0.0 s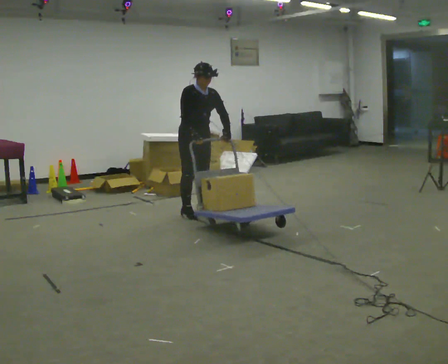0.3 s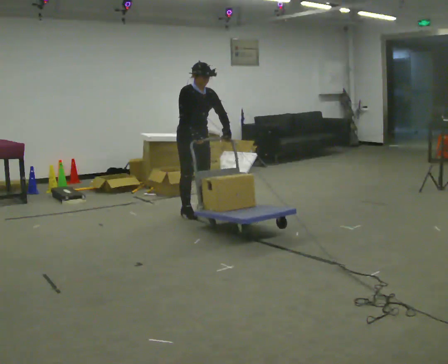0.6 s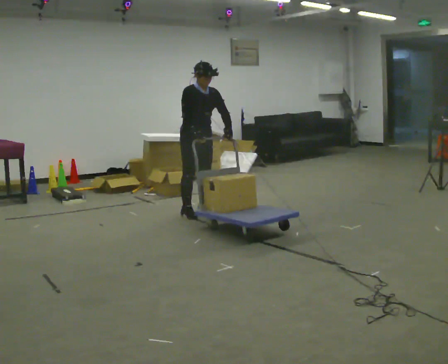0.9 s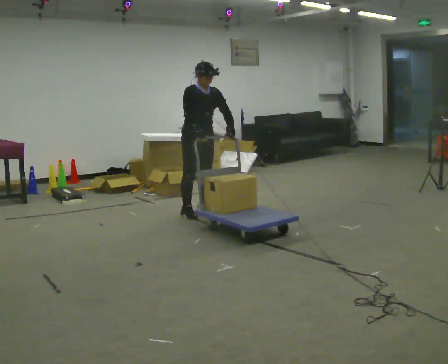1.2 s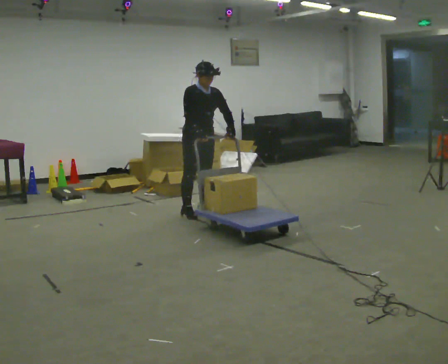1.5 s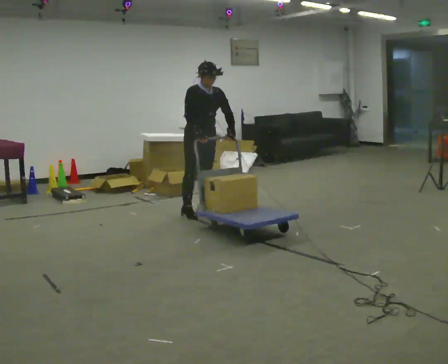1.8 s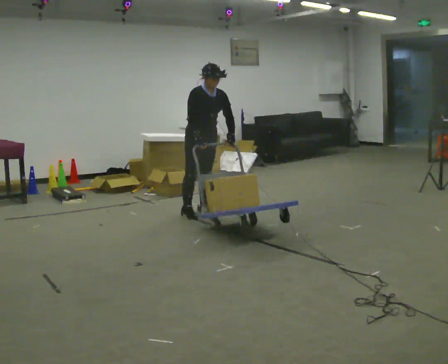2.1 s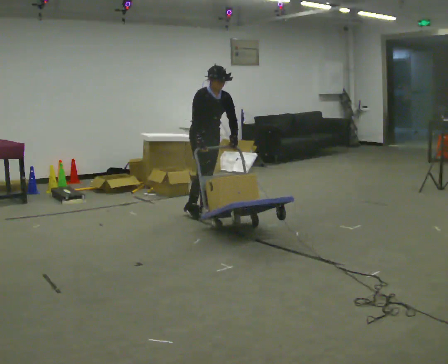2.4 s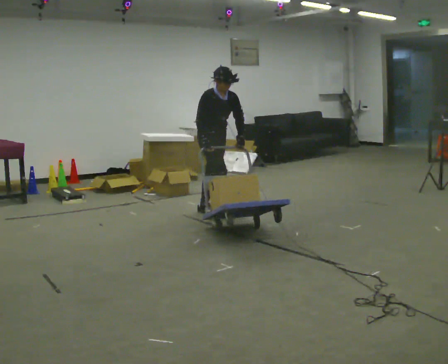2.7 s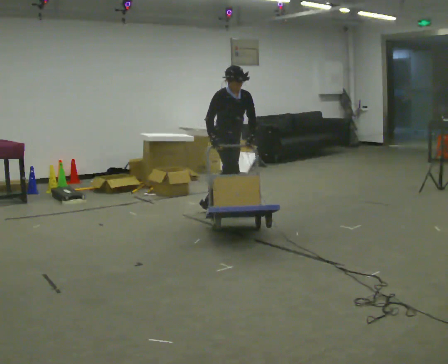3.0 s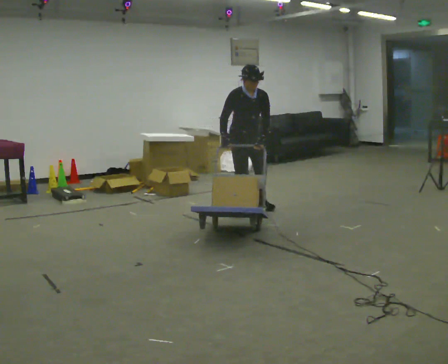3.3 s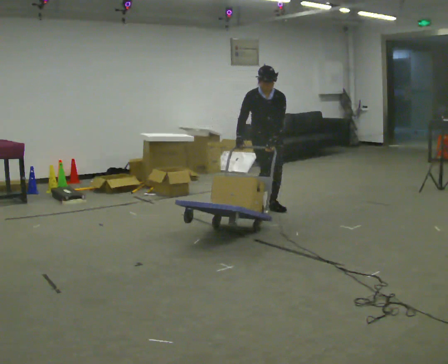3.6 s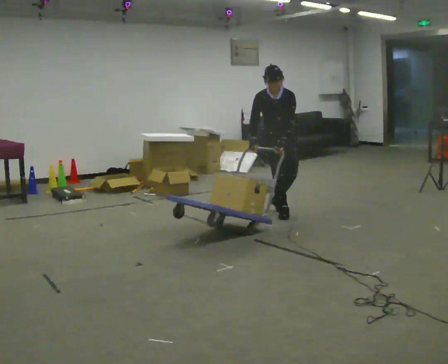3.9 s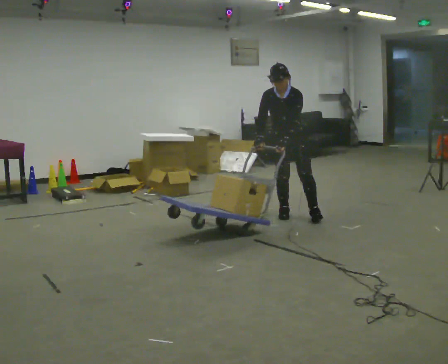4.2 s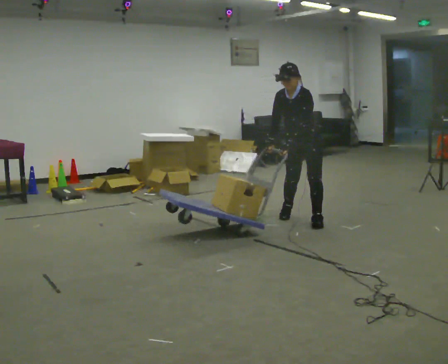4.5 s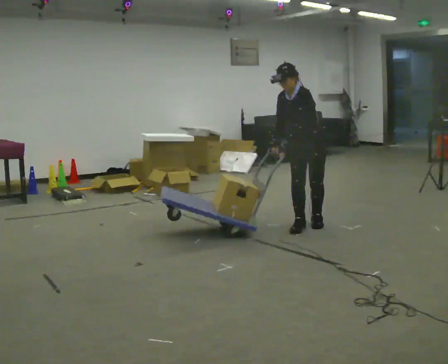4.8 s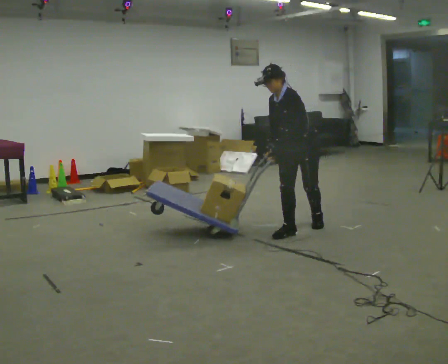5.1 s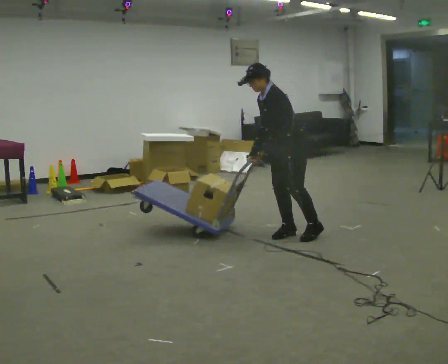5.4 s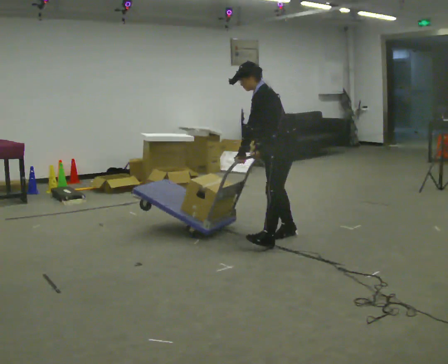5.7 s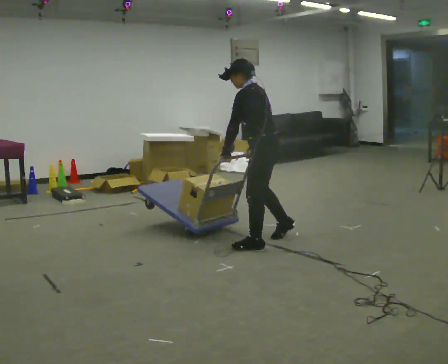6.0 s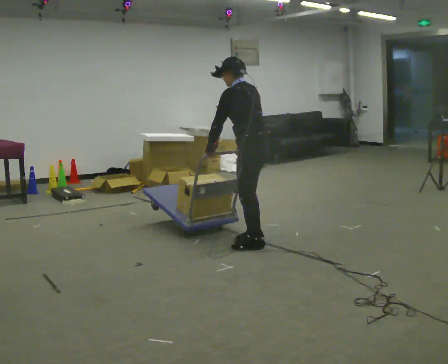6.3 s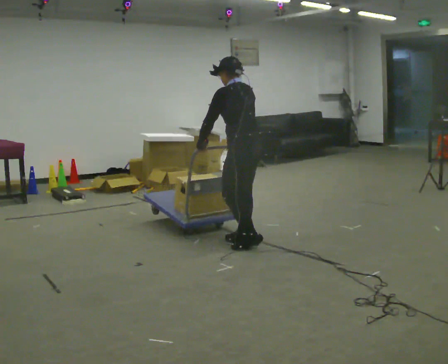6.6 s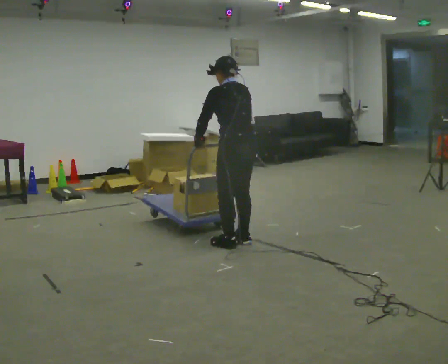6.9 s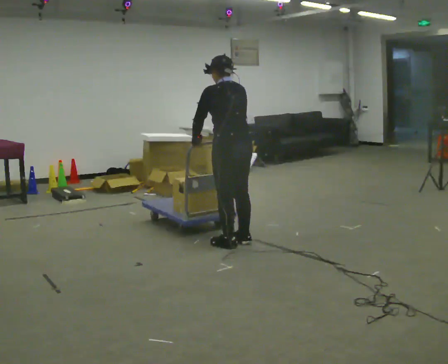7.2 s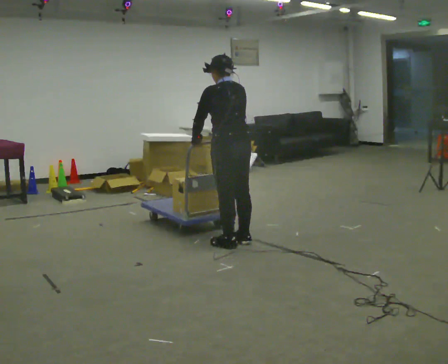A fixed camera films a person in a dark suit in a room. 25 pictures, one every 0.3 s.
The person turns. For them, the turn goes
to their right.
The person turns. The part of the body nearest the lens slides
to the left.
0.0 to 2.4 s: In the picture they go to the right, about 0.25 m, which for them is to their left.
2.4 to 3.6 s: The part of the body nearest the lens slides to the left as the person turns to their right by about 45 degrees. In the picture they go to the right, about 0.5 m in 3 steps, which for them is to their left and forward. In the picture the upper body tilts counterclockwise, shoulders to the left.
3.6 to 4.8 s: Seen from above the body turns clockwise, about 45 degrees: to their right, with its near side sliding to the left. In the picture they go toward the camera and to the right, about 0.75 m in 2 steps, which for them is forward and to their left. In the picture the upper body tilts counterclockwise, shoulders to the left.
4.8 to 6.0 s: Seen from above the body turns clockwise, about 75 degrees: to their right, with its near side sliding to the left. In the picture they go toward the camera and to the left, about 0.5 m in 1 step. The upper body tips away from the camera, its near side rolling upward.
6.0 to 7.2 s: Seen from above the body turns clockwise, about 30 degrees: to their right, with its near side sliding to the left. In the picture they go to the left, about 0.25 m in 2 steps, which for them is forward.
The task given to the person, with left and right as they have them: Turn the cart round to face the other way without moving it out of the marked square, then turn it back. Repeat until the operator says stop.
The film runs forward here.
